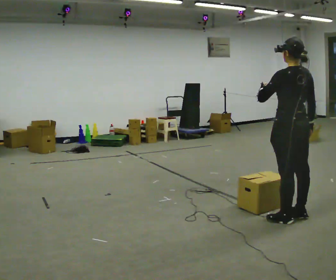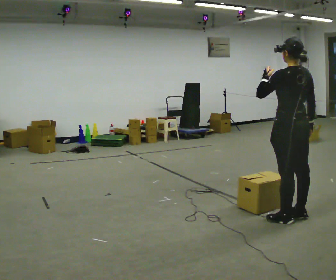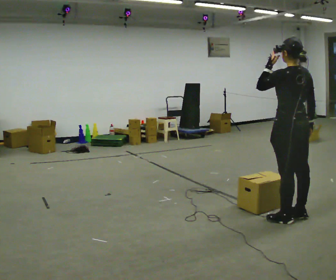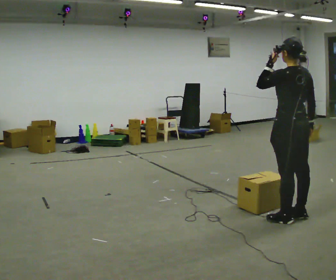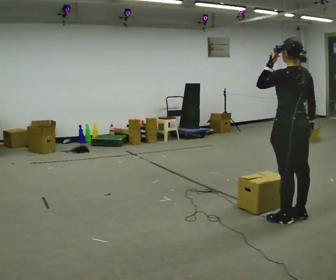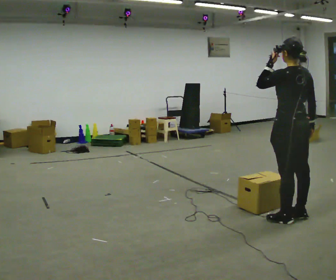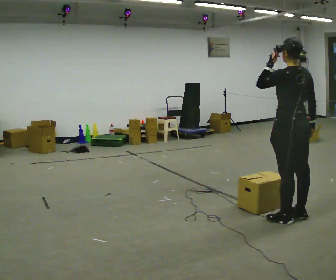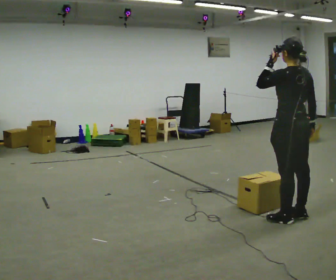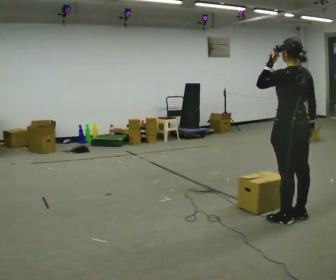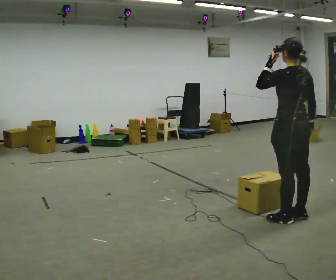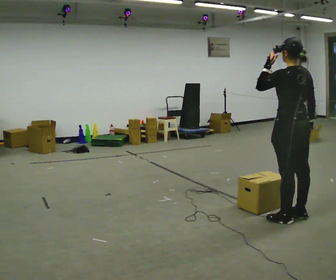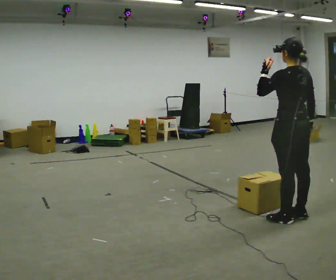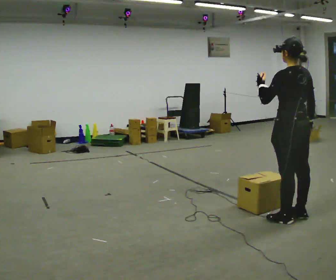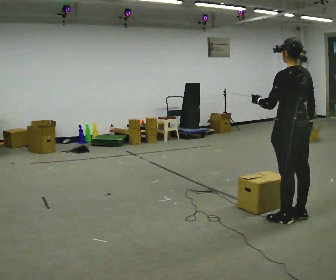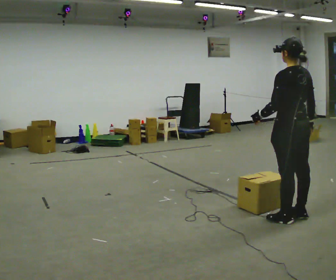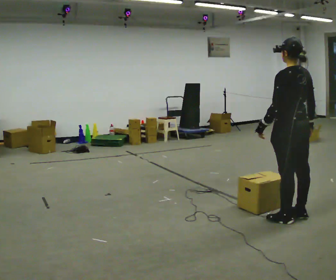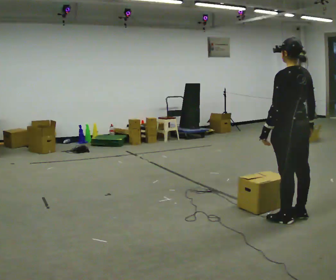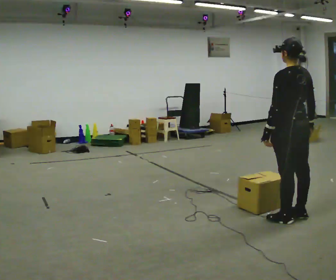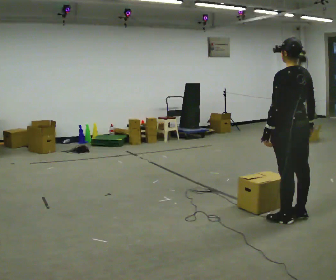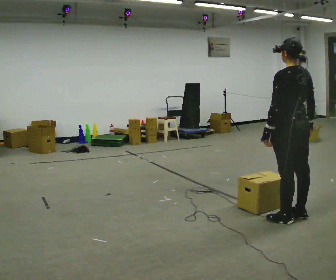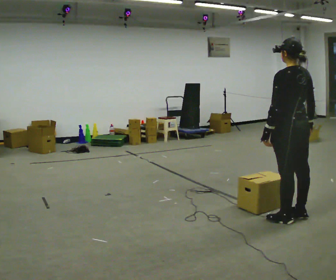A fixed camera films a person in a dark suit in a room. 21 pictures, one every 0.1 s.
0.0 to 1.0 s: The person moves a little, or ends about where they began.
1.0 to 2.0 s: In the picture their left hand goes downward.
The film runs backward here.
